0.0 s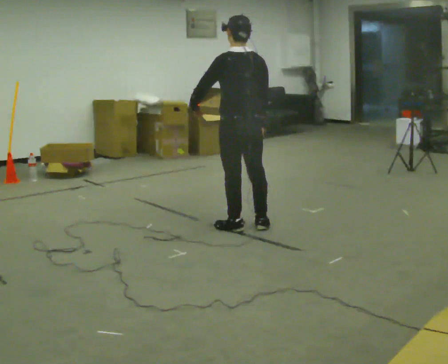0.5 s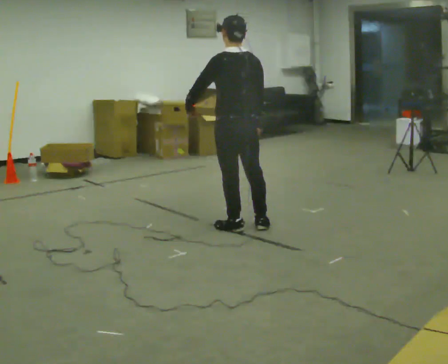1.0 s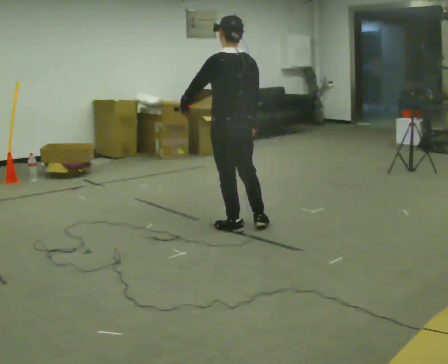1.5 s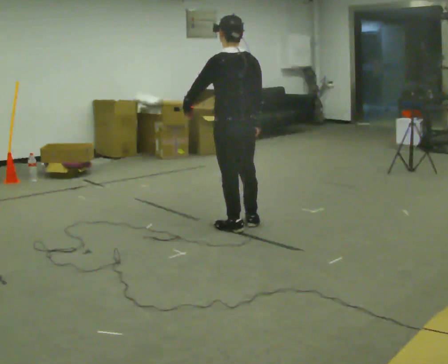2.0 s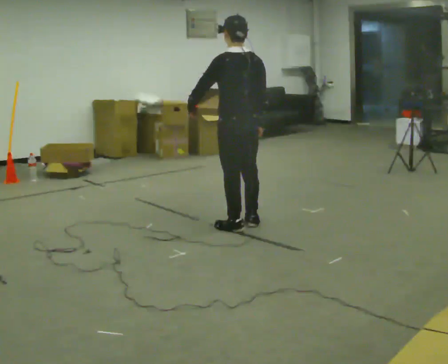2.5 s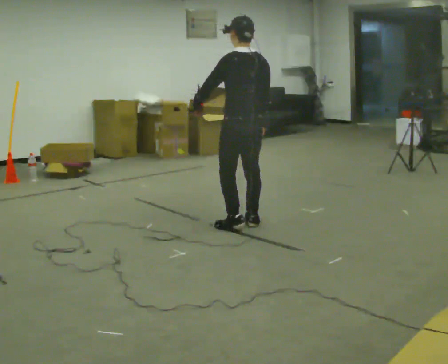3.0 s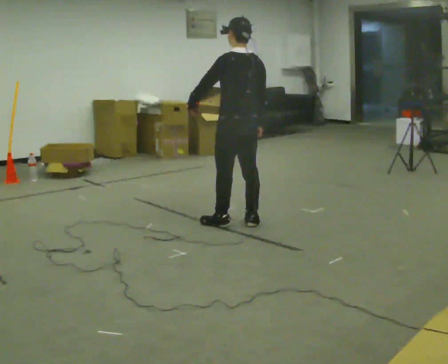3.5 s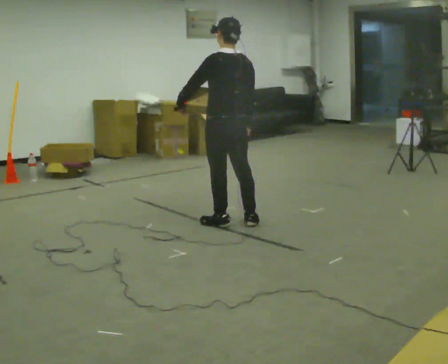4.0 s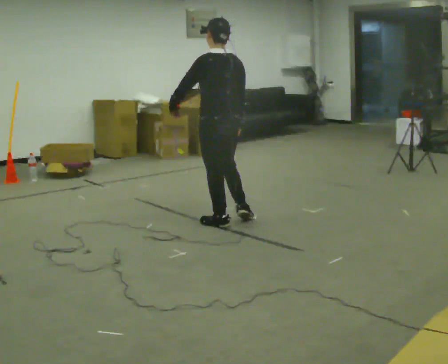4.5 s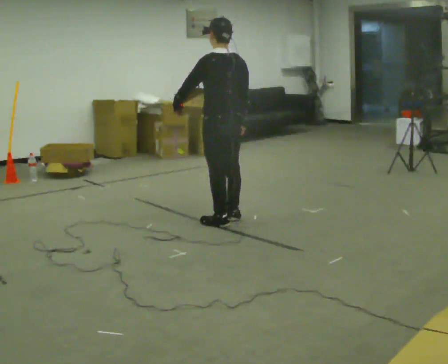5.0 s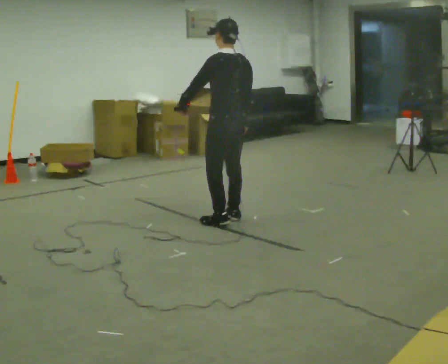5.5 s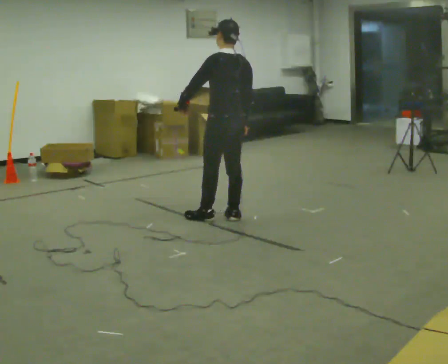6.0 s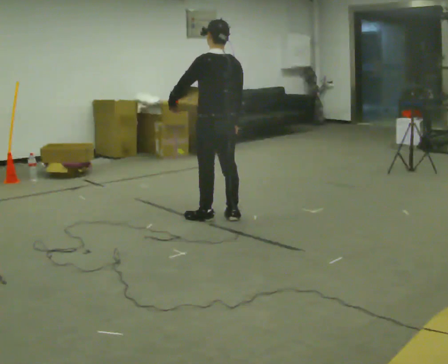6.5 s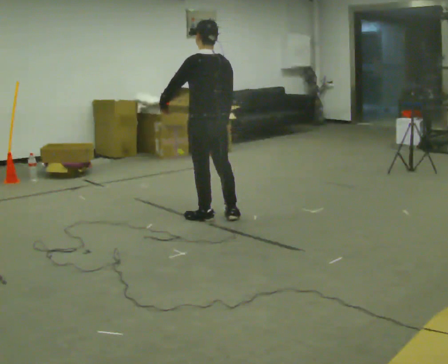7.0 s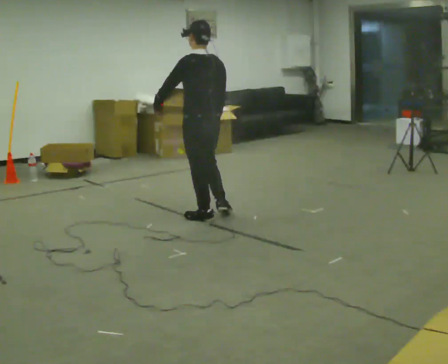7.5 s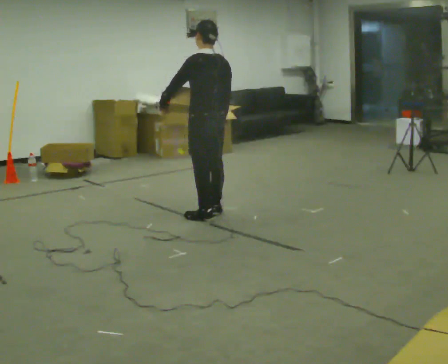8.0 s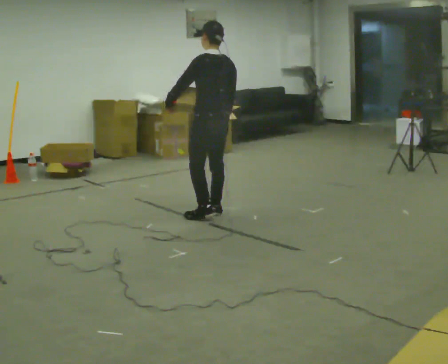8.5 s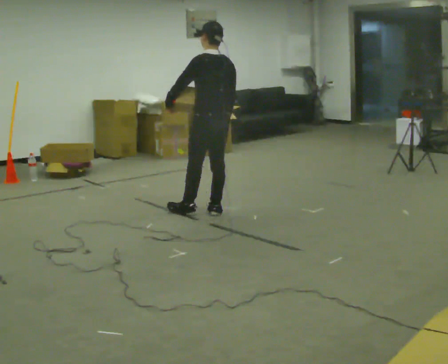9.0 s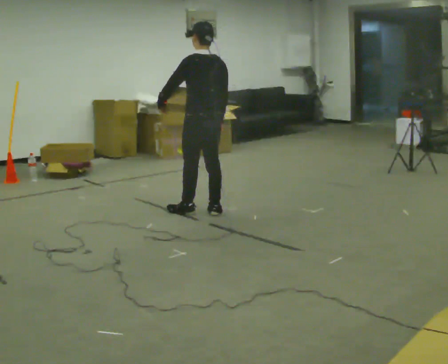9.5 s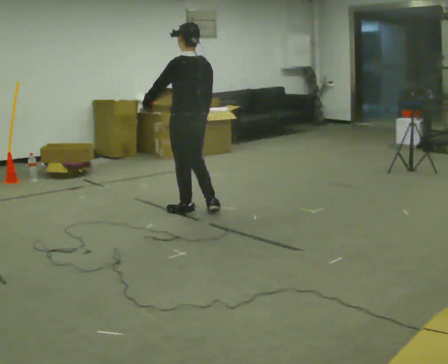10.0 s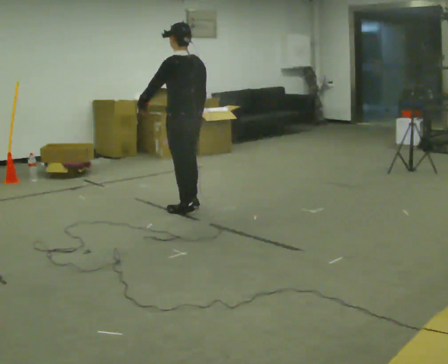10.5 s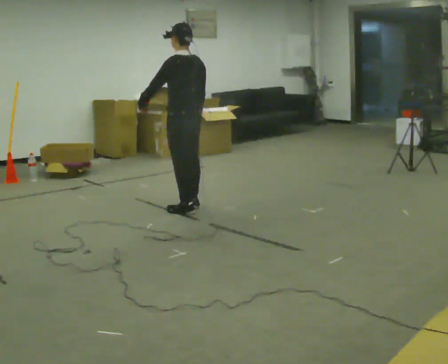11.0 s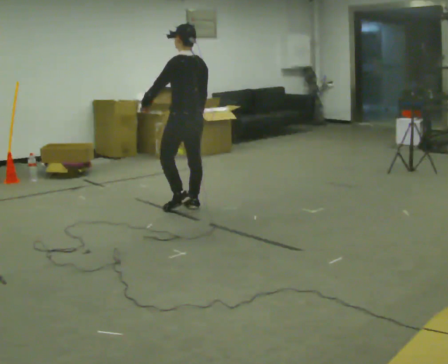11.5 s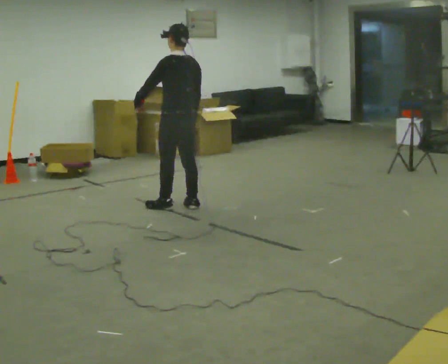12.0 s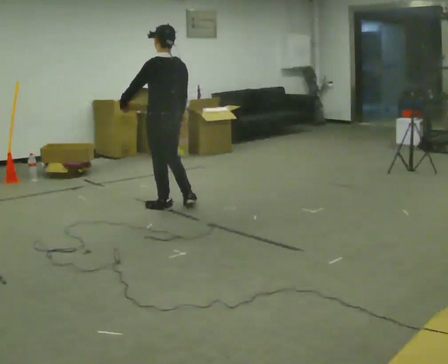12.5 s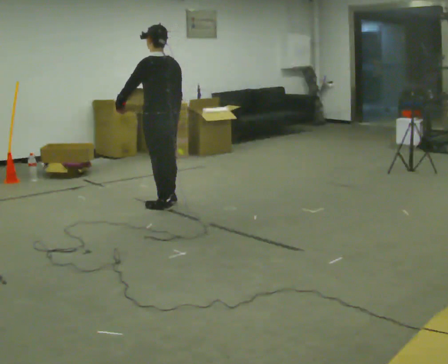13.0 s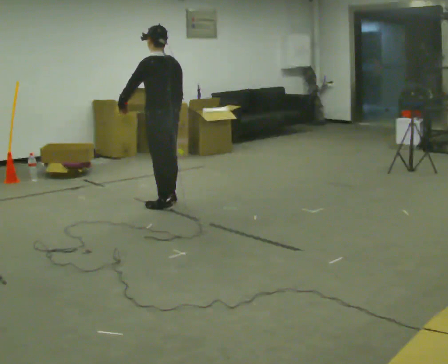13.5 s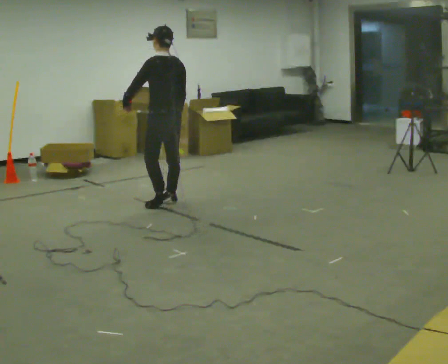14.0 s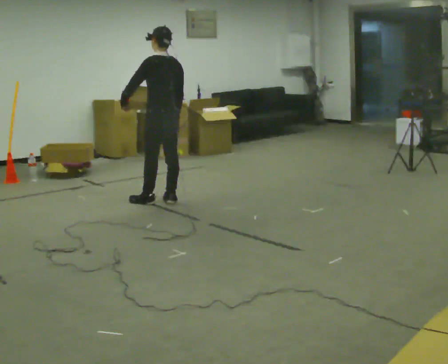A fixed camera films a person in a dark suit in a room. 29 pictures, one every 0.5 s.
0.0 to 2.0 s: The person moves a little, or ends about where they began.
2.0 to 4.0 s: In the picture they go to the left, about 0.25 m in 1 step, which for them is forward.
4.0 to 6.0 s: In the picture they go away from the camera, about 0.25 m in 2 steps, which for them is forward.
6.0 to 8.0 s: The person moves a little, or ends about where they began.
8.0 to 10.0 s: In the picture they go to the left, about 0.25 m in 2 steps, which for them is forward and to their left.
10.0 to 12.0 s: In the picture they go to the left, about 0.25 m in 1 step, which for them is forward.
12.0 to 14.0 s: In the picture they go away from the camera, about 0.25 m in 2 steps, which for them is forward and to their right.
The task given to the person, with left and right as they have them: Hold the object against your hip on the side the operator calls, and carry it back and forth across the room.
The film runs forward here.
